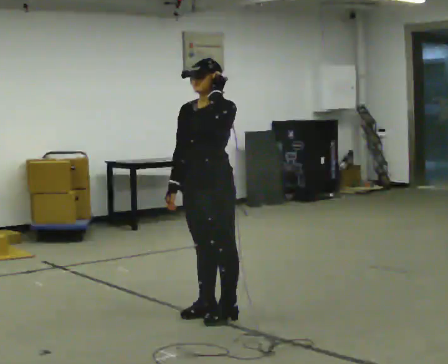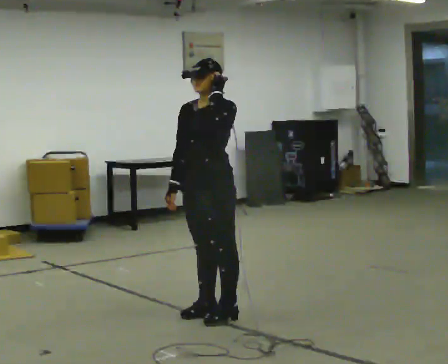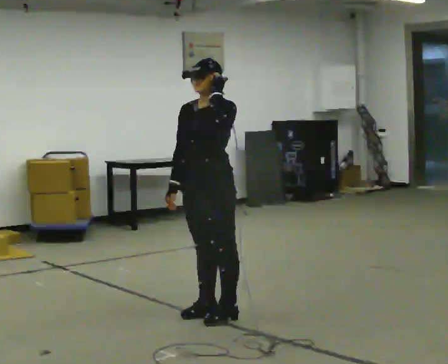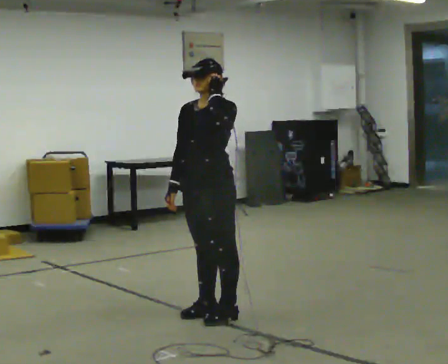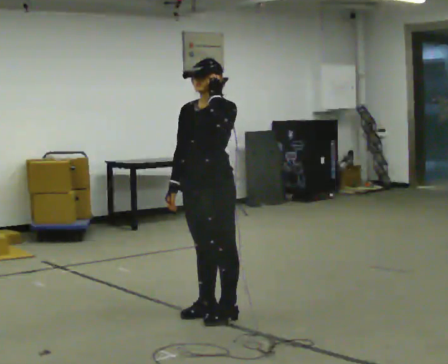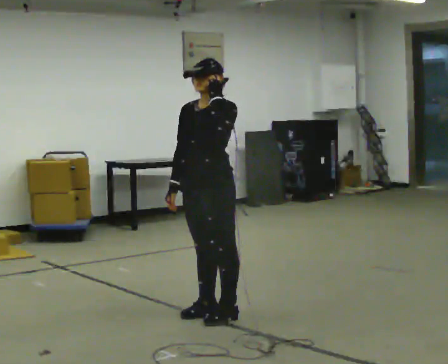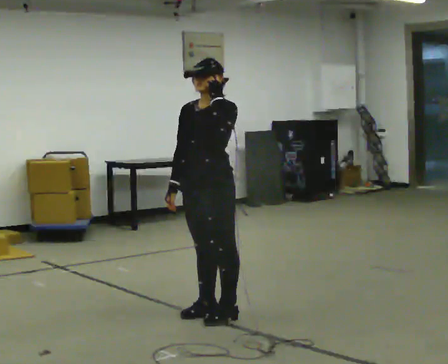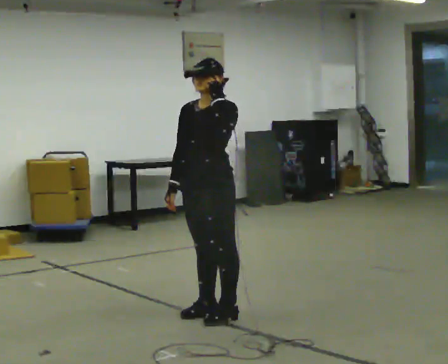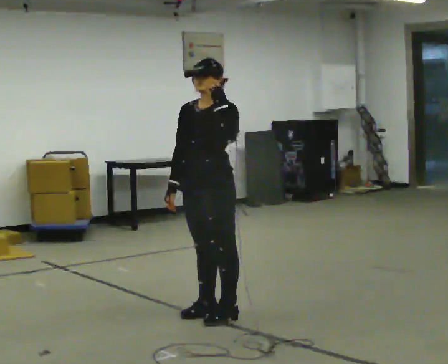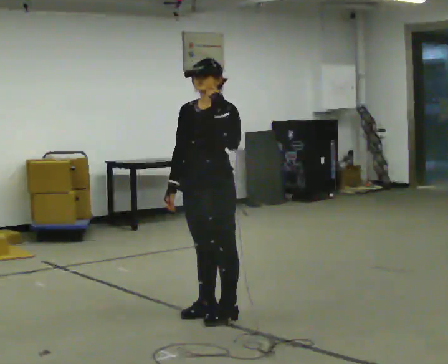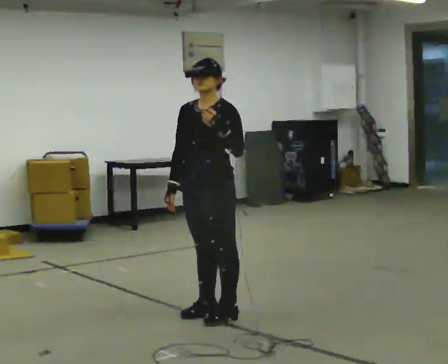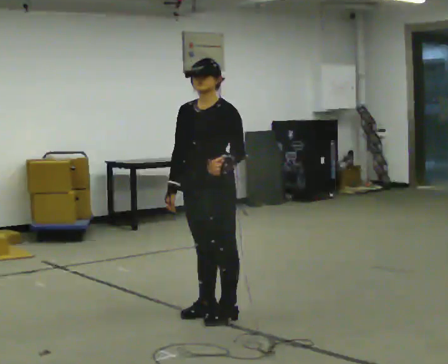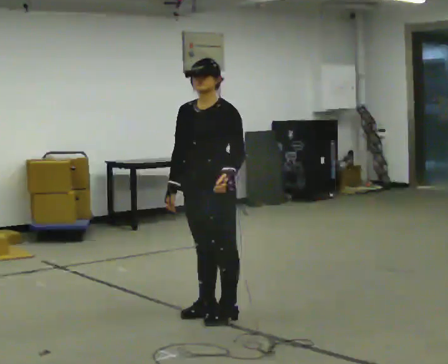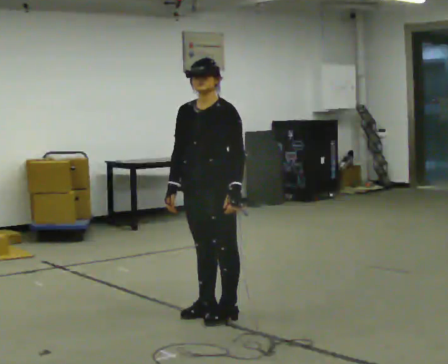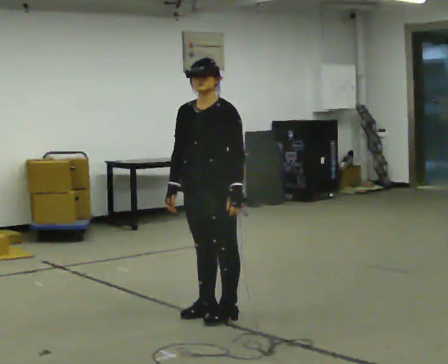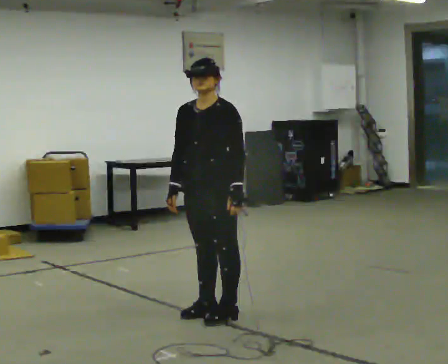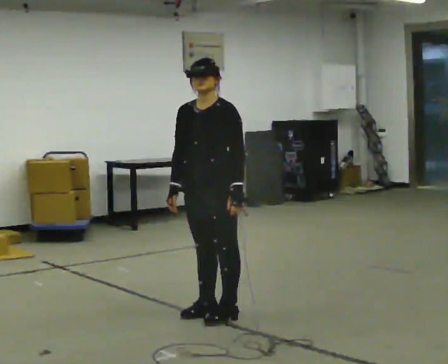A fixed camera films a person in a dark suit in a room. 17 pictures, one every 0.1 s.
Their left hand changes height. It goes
downward.
0.0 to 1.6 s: In the picture their left hand goes downward.
The film runs backward here.
